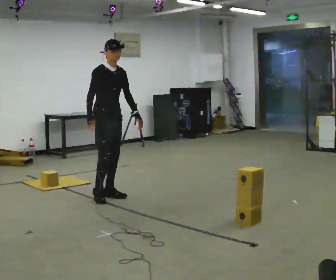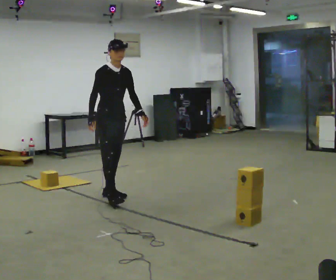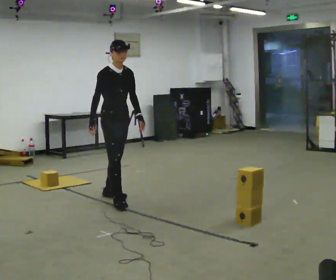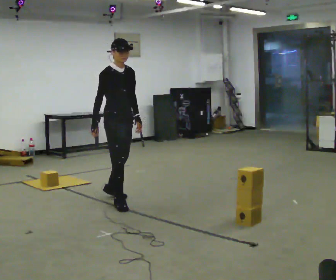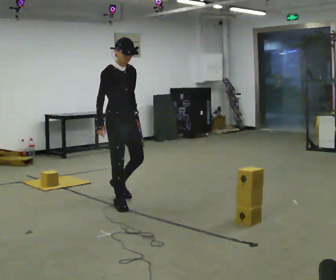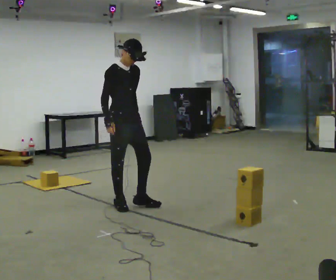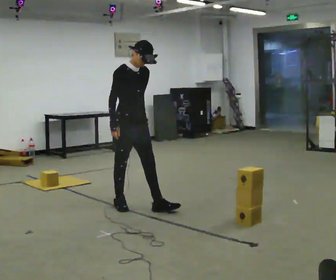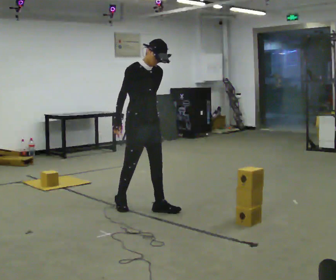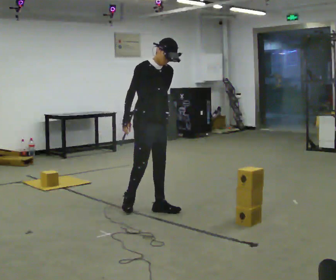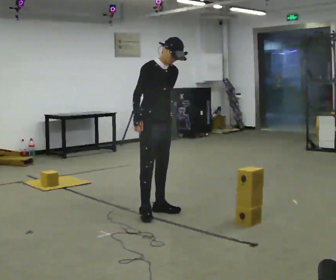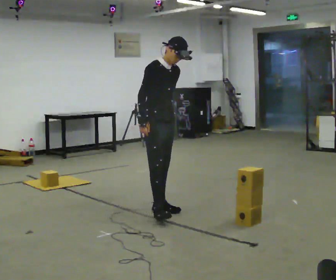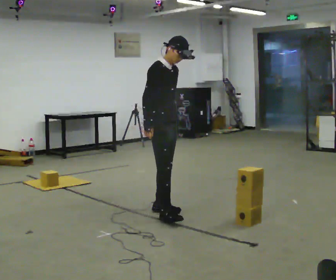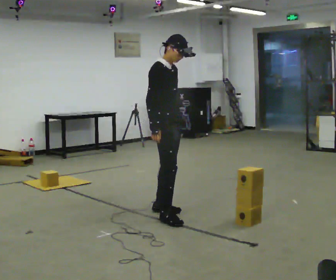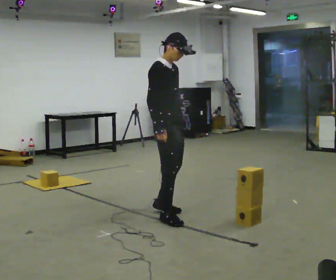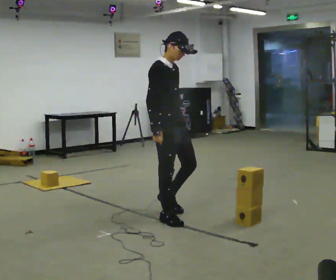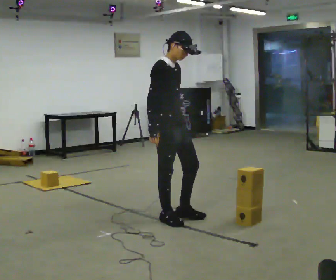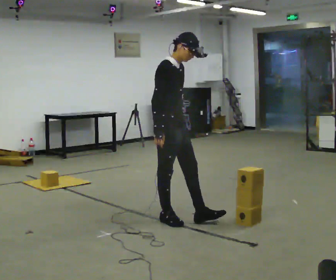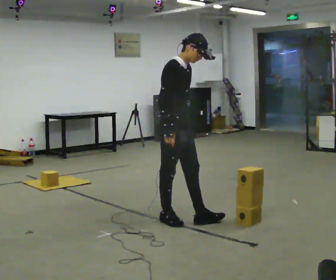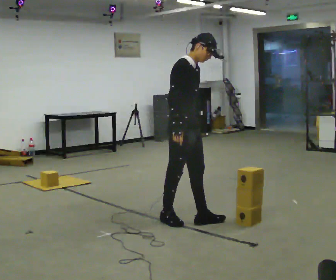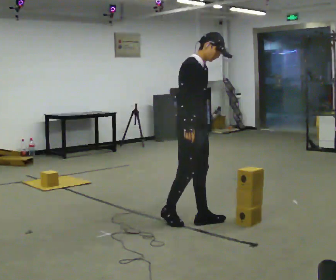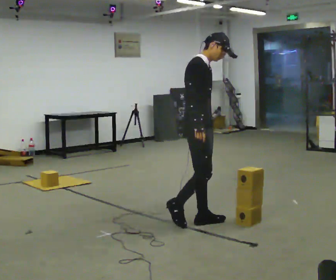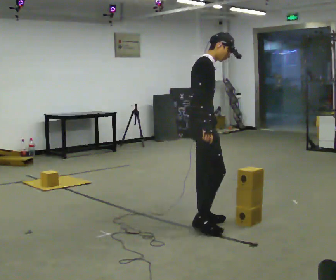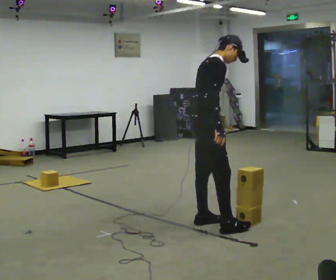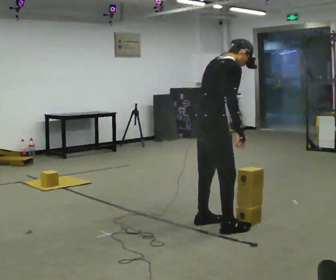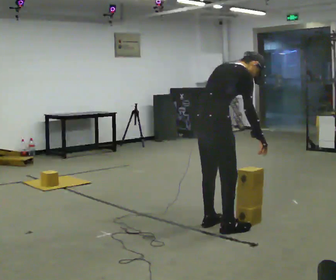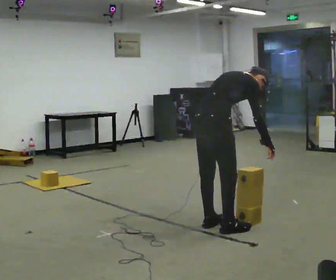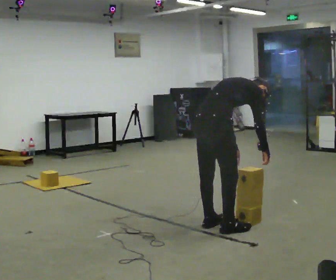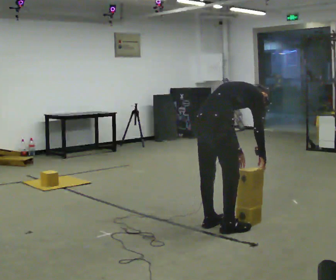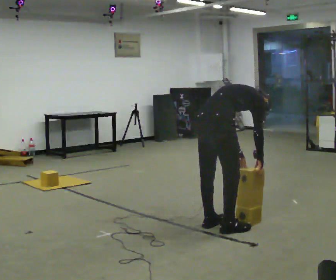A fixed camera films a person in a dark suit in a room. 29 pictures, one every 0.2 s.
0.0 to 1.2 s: In the picture they go toward the camera and to the right, about 0.5 m in 1 step, which for them is forward.
1.2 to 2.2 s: In the picture they go to the right and toward the camera, about 0.25 m in 2 steps, which for them is forward.
2.2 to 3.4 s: In the picture they go toward the camera, about 0.25 m in 1 step, which for them is forward and to their right.
3.4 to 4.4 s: The person turns about 30 degrees to their left, counterclockwise seen from above, so the part of the body nearest the lens slides to the right. In the picture they go to the right and toward the camera, about 0.25 m in 1 step, which for them is forward.
4.4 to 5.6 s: The part of the body nearest the lens slides to the right as the person turns to their left by about 30 degrees. In the picture they go toward the camera, about 0.25 m, which for them is to their right. The shoulders move downward. The upper body tips away from the camera, its near side rolling upward, as they bend forward. In the picture their right hand goes to the right.
The film runs forward here.
